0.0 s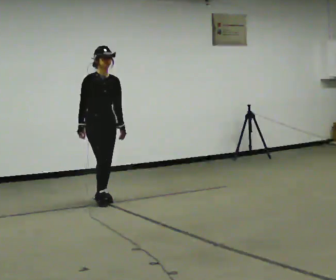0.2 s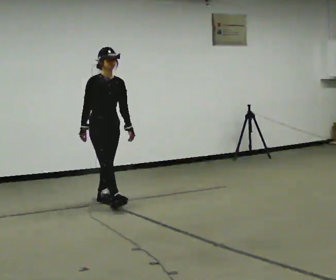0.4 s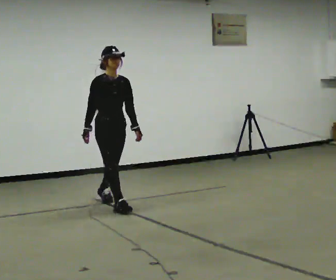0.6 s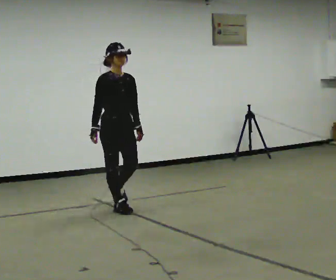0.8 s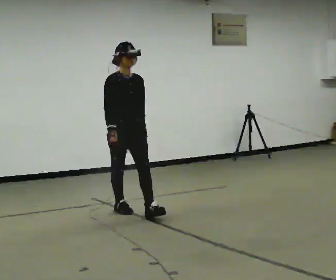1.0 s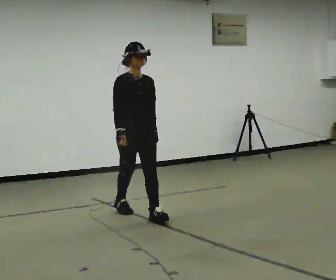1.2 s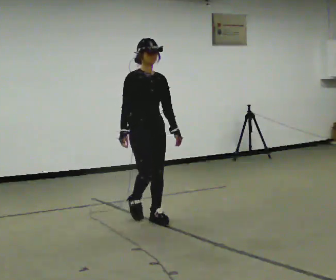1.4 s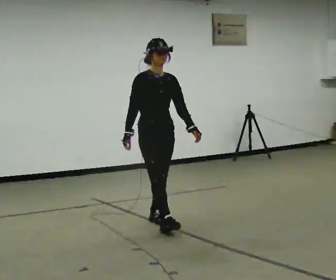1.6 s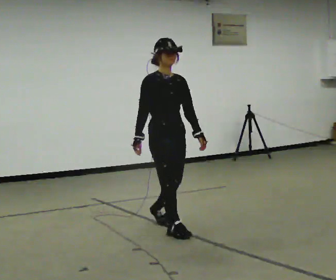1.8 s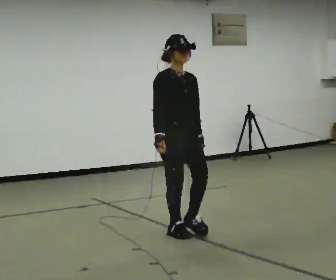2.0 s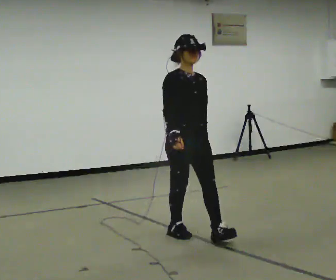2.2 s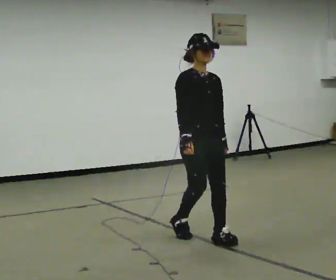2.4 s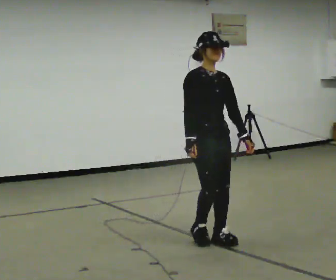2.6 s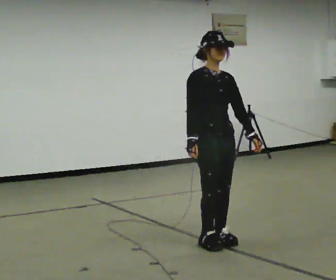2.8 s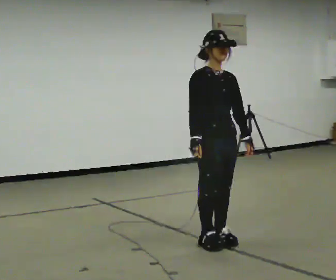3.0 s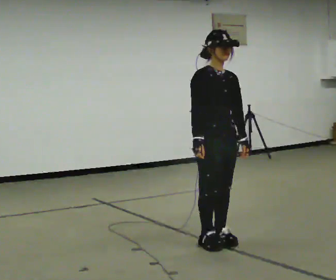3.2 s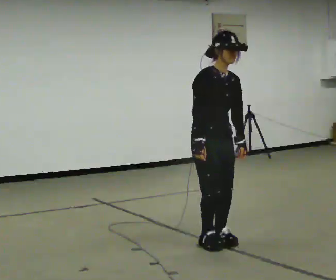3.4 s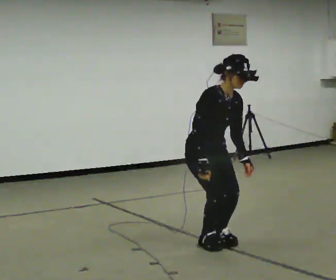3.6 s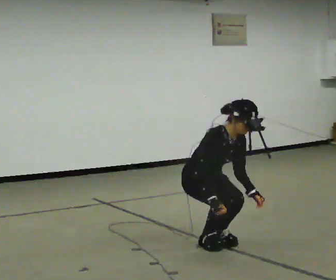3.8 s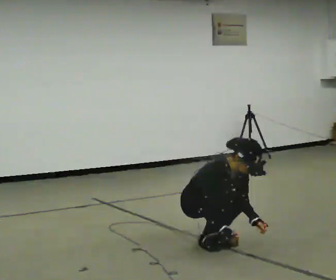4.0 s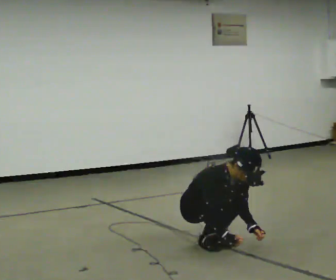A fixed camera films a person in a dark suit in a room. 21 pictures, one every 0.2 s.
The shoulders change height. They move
downward.
The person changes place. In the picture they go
toward the camera.
0.0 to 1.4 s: In the picture they go toward the camera and to the right, about 1 m in 2 steps, which for them is forward.
1.4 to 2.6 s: In the picture they go toward the camera and to the right, about 1 m in 3 steps, which for them is forward.
2.6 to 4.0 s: The shoulders move downward. The upper body tips toward the camera, its near side rolling downward, as they bend forward. In the picture their right hand goes downward.
The film runs forward here.
